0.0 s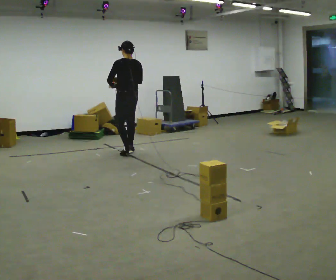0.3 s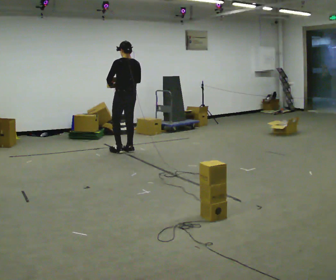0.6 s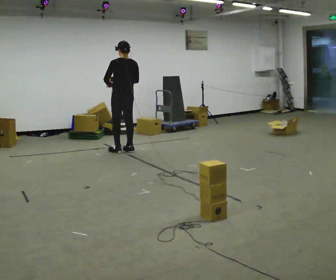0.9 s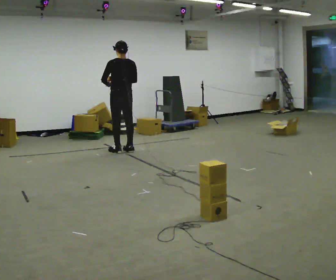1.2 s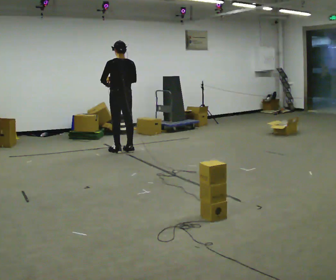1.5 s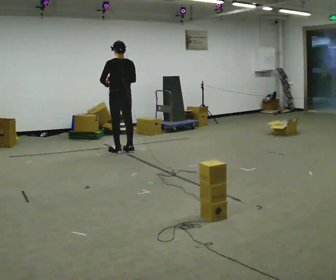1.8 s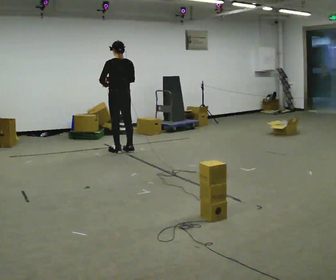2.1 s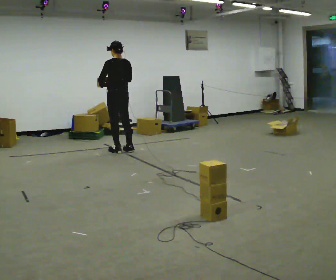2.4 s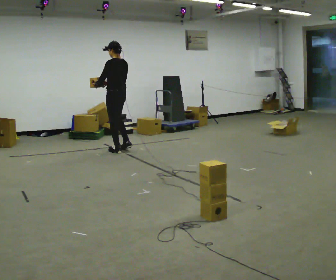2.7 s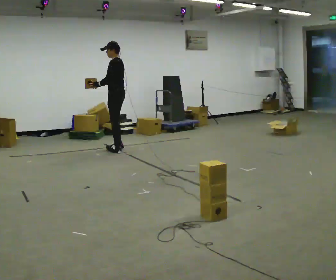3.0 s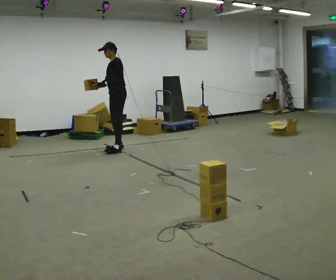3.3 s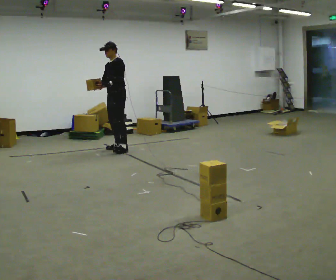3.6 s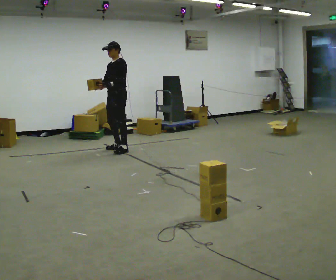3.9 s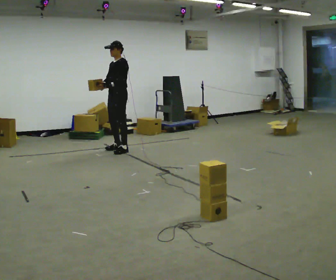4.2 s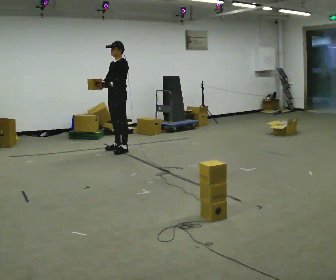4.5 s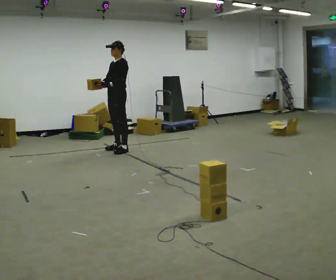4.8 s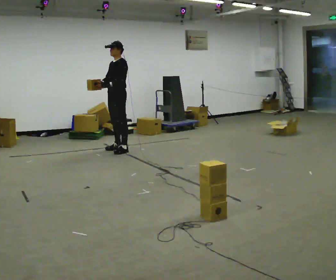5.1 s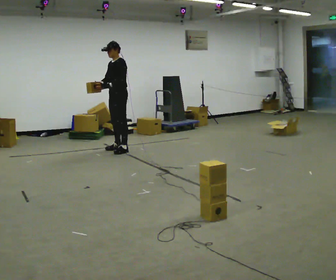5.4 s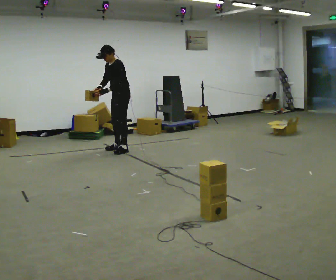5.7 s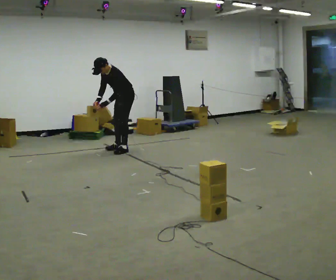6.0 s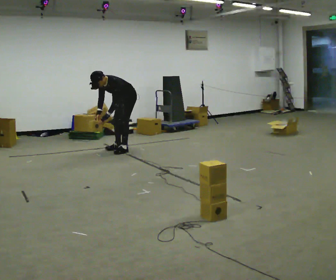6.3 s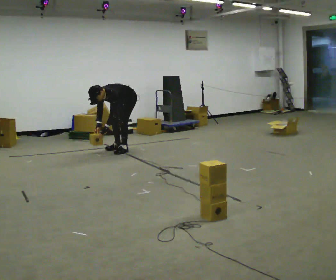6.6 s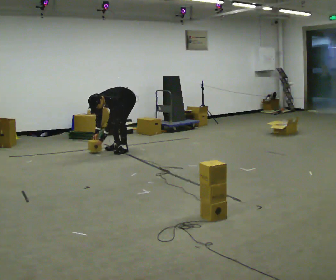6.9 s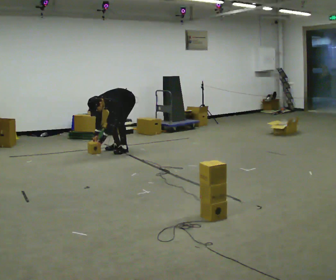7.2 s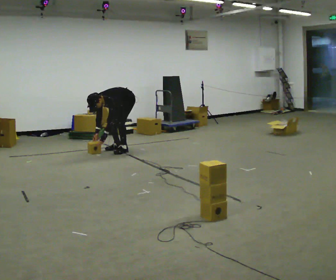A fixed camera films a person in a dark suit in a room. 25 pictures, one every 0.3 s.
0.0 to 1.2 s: The person moves a little, or ends about where they began.
1.2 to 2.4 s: Seen from above the body turns counterclockwise, about 30 degrees: to their left, with its near side sliding to the right.
2.4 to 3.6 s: Seen from above the body turns counterclockwise, about 75 degrees: to their left, with its near side sliding to the right.
3.6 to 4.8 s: The person moves a little, or ends about where they began.
4.8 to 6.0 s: The shoulders move downward. In the picture the upper body tilts counterclockwise, shoulders to the left, as they bend forward. In the picture their left hand goes downward.
6.0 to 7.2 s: The shoulders move downward. The upper body tips toward the camera, its near side rolling downward, as they bend forward.
The film runs forward here.
